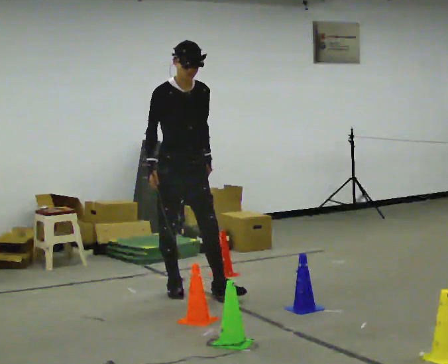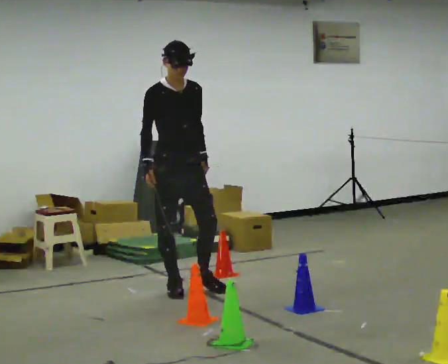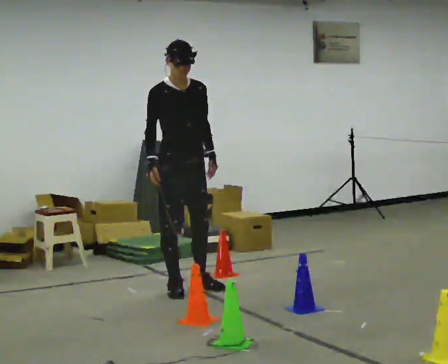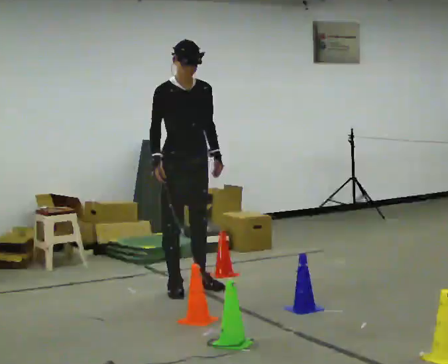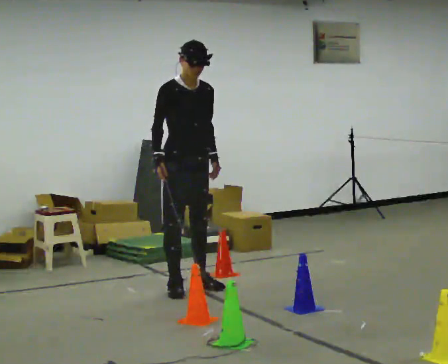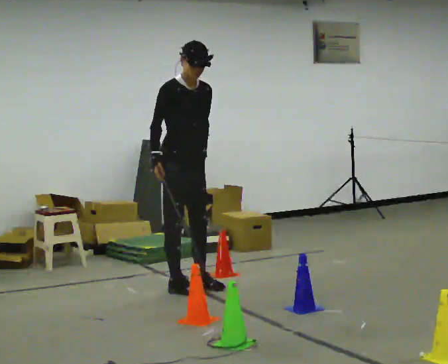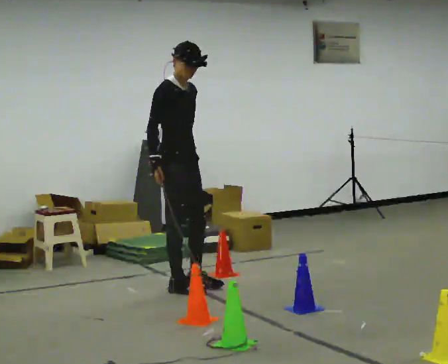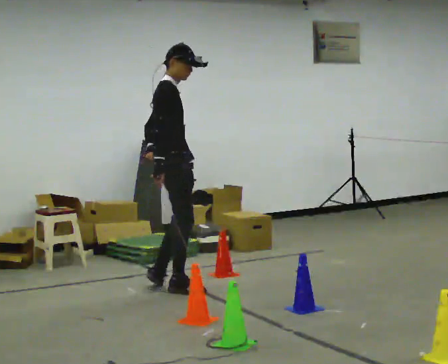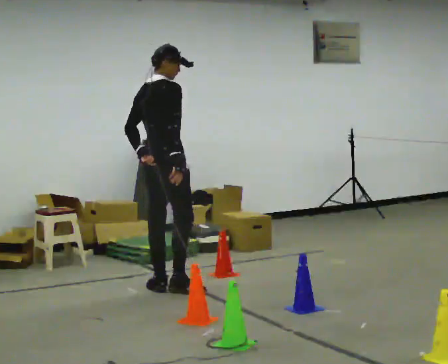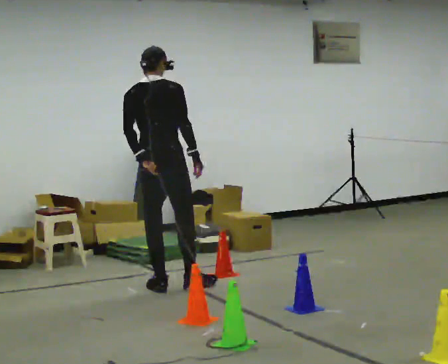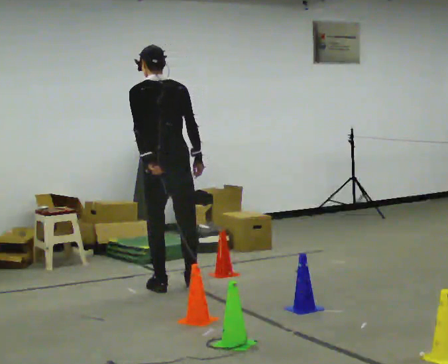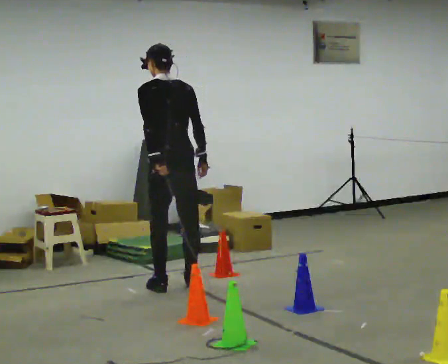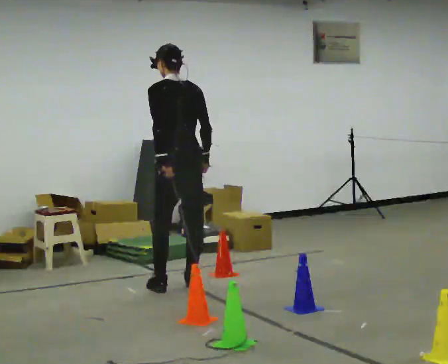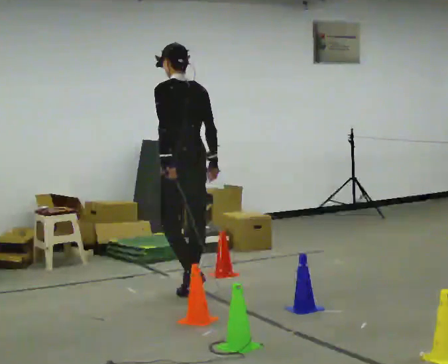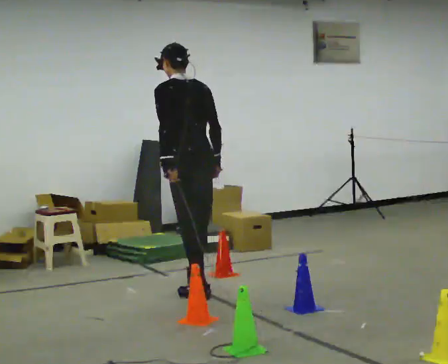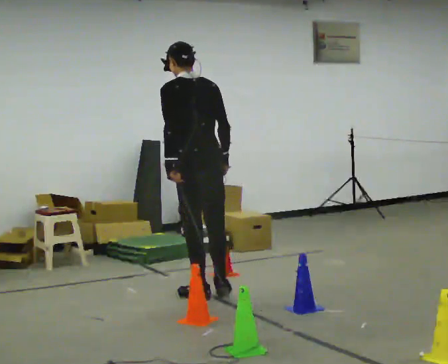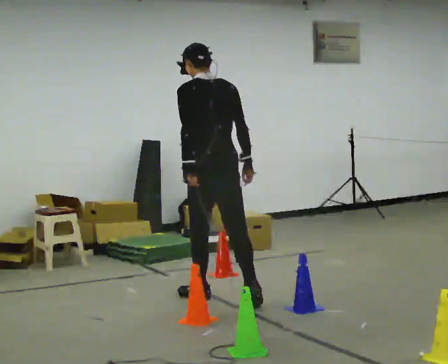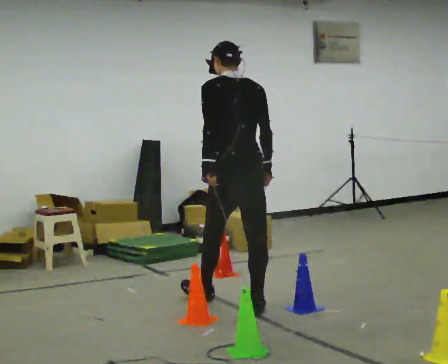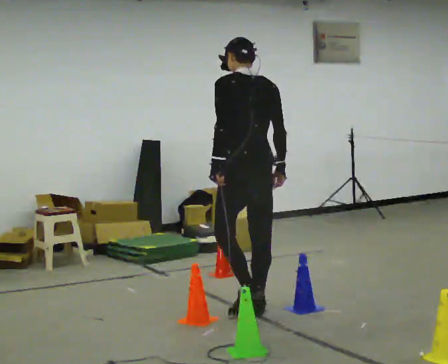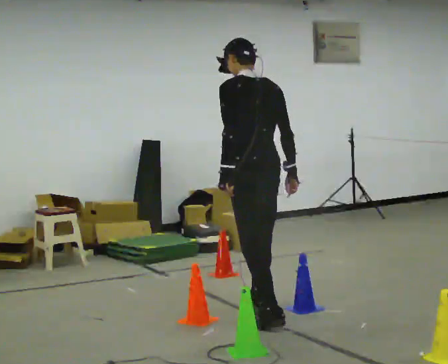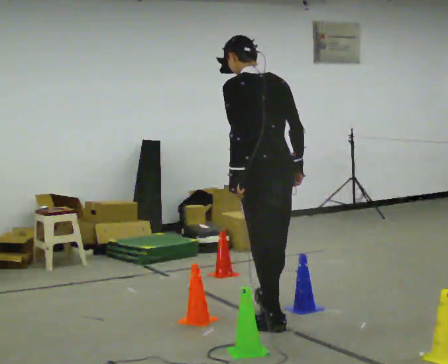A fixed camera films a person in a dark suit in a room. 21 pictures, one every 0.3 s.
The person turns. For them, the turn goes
to their left.
The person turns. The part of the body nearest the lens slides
to the right.
0.0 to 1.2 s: The person moves a little, or ends about where they began.
1.2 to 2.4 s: The part of the body nearest the lens slides to the right as the person turns to their left by about 105 degrees. In the picture they go to the left, about 0.25 m in 1 step. The upper body tips away from the camera, its near side rolling upward.
2.4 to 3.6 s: Seen from above the body turns counterclockwise, about 75 degrees: to their left, with its near side sliding to the right. In the picture they go to the right, about 0.25 m in 1 step.
3.6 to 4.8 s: In the picture they go toward the camera, about 0.5 m in 2 steps, which for them is backward.
4.8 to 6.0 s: In the picture they go toward the camera, about 0.5 m in 2 steps, which for them is backward.
The film runs backward here.
